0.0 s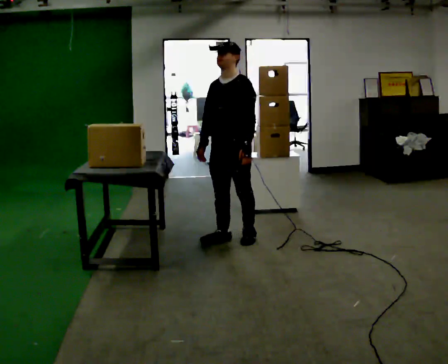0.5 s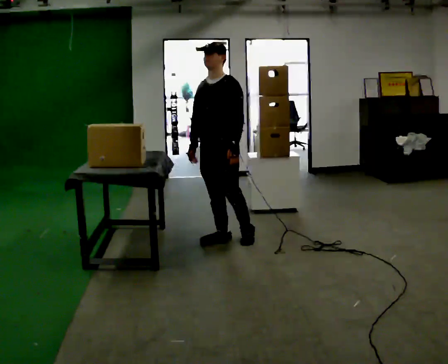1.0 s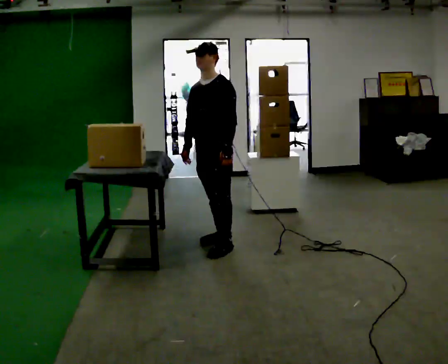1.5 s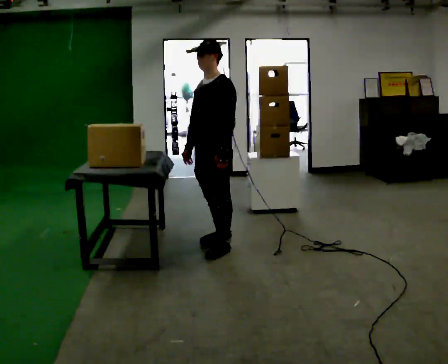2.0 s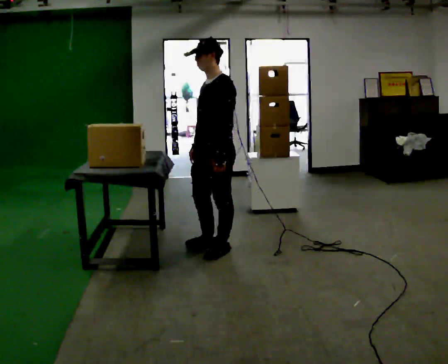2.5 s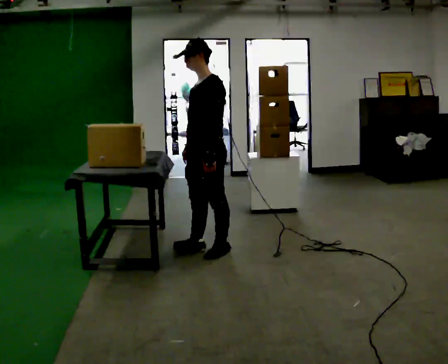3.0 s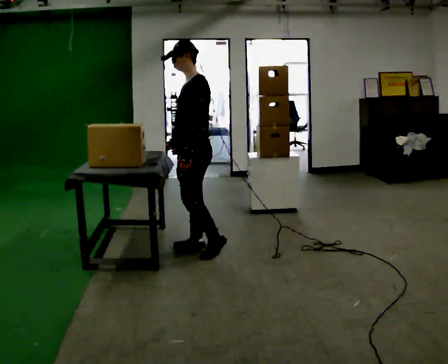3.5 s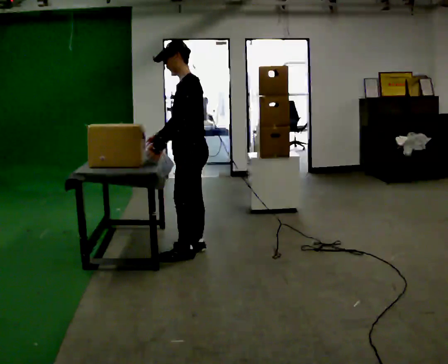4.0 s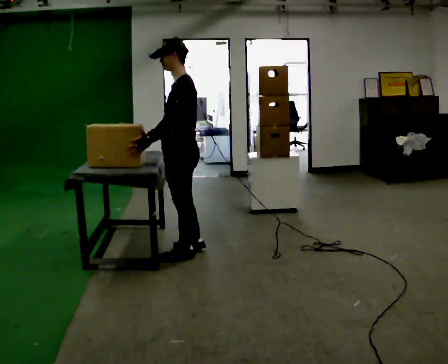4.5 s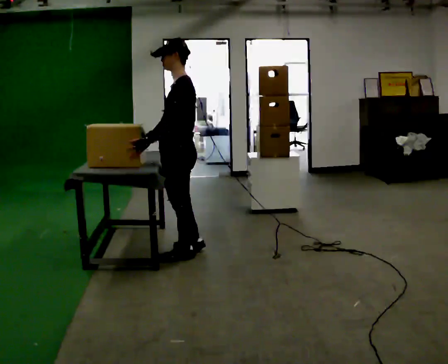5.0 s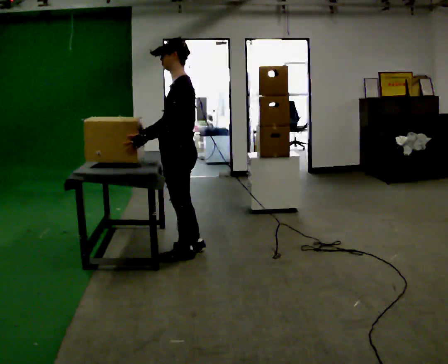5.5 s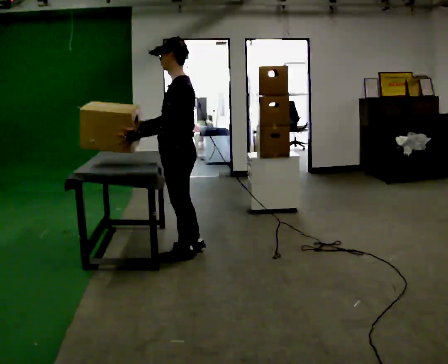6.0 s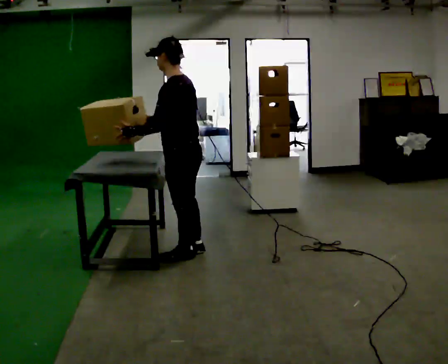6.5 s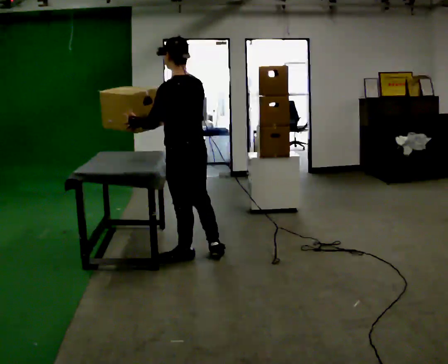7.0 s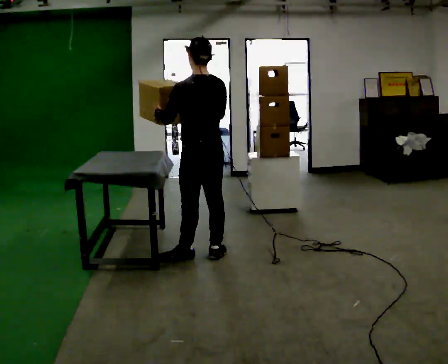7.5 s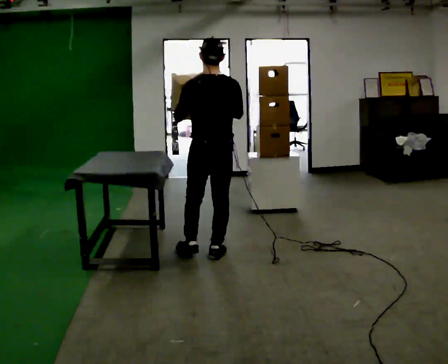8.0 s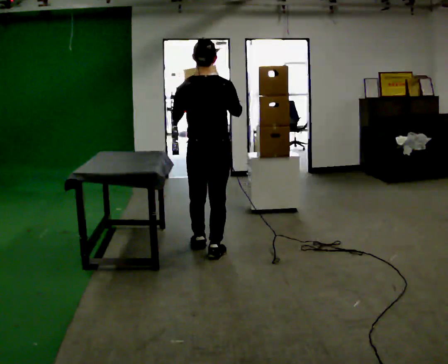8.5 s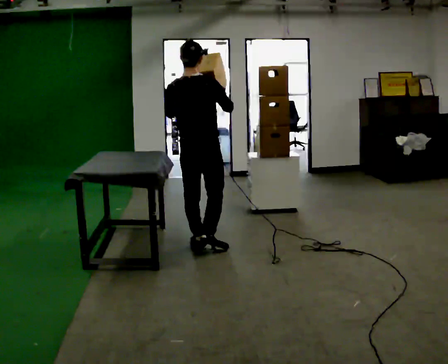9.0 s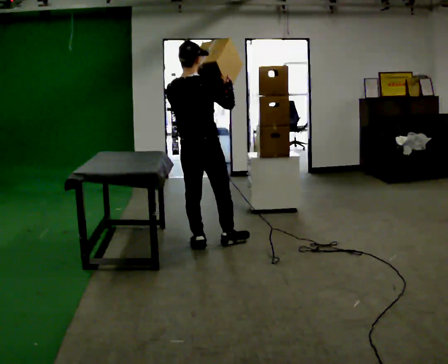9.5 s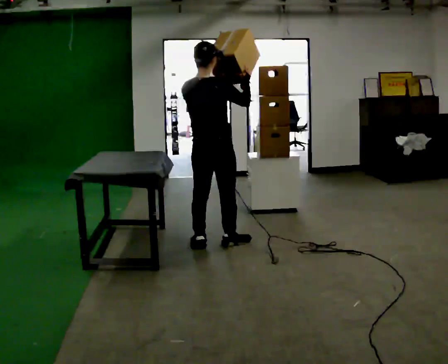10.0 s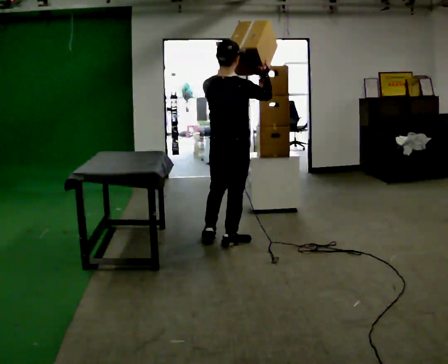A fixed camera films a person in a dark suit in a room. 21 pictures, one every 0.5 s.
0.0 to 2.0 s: The part of the body nearest the lens slides to the left as the person turns to their right by about 30 degrees. In the picture they go toward the camera, about 0.25 m in 1 step, which for them is forward.
2.0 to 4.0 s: In the picture they go to the left, about 0.25 m in 2 steps, which for them is forward.
4.0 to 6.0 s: The person turns about 30 degrees to their right, clockwise seen from above, so the part of the body nearest the lens slides to the left.
6.0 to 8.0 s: The person turns about 75 degrees to their right, clockwise seen from above, so the part of the body nearest the lens slides to the left. In the picture they go to the right and away from the camera, about 0.25 m in 2 steps.
8.0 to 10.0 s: In the picture they go to the right, about 0.25 m in 1 step, which for them is forward. In the picture their left hand goes to the right.
The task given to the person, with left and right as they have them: Reach up into the bin on the top shelf, take out one object at a time, and carry it to the table. Keep going until the operator says stop; one object at a time, and do not rush between trips.
The film runs forward here.
